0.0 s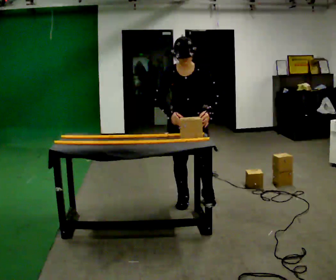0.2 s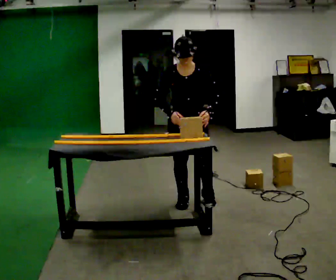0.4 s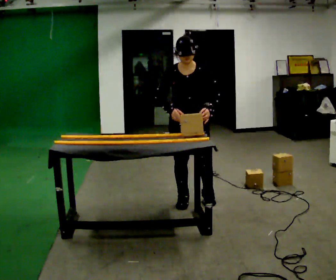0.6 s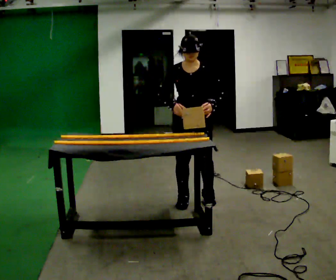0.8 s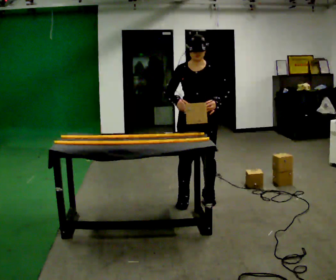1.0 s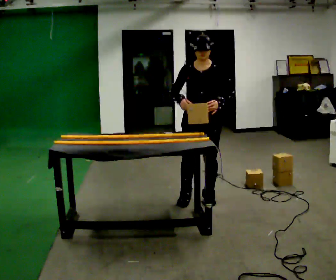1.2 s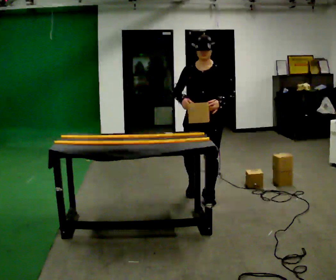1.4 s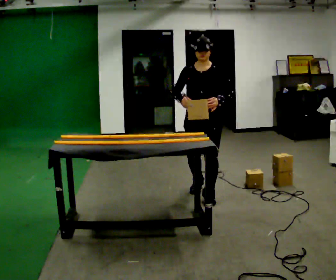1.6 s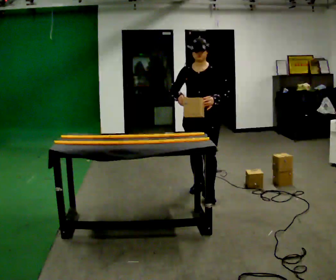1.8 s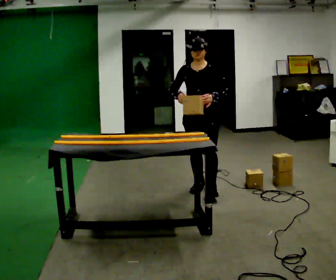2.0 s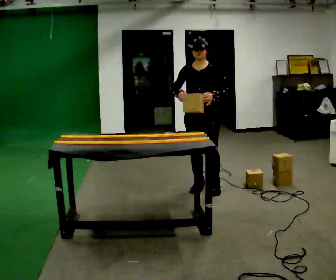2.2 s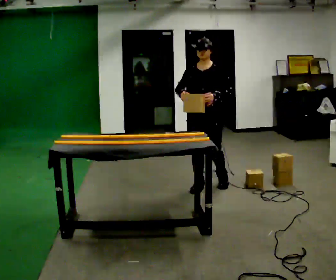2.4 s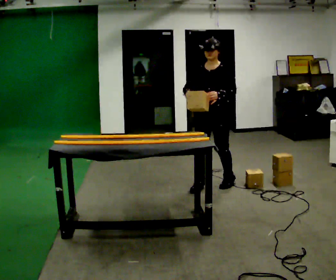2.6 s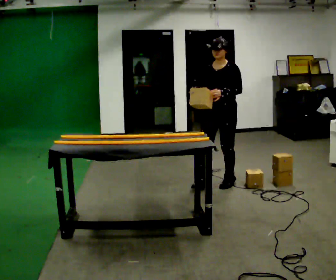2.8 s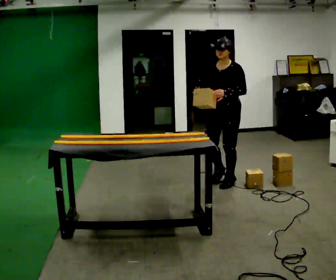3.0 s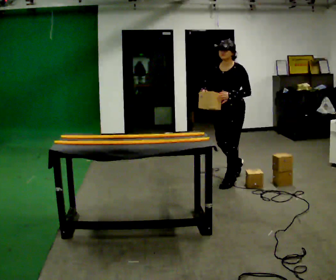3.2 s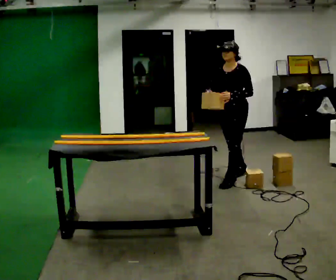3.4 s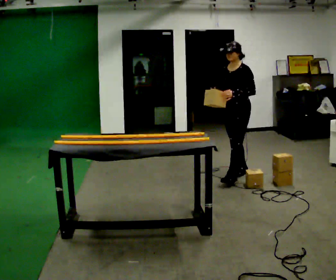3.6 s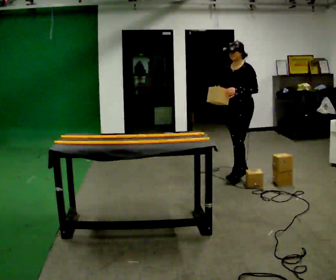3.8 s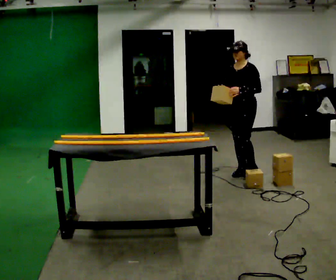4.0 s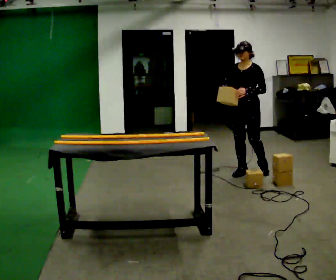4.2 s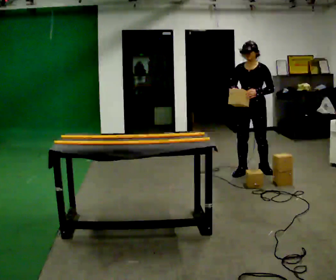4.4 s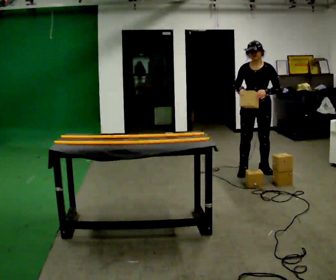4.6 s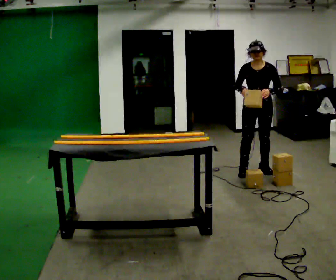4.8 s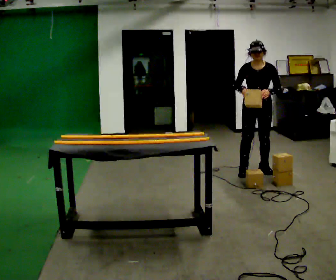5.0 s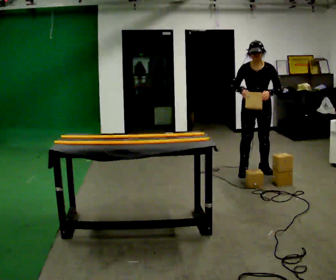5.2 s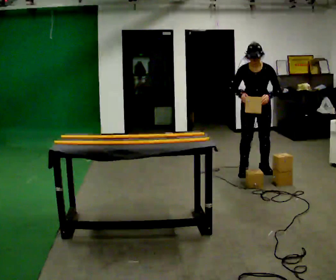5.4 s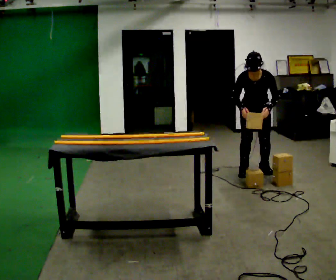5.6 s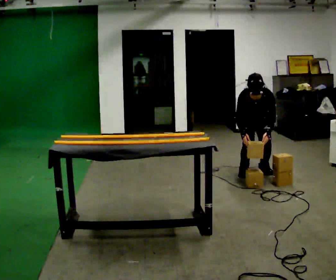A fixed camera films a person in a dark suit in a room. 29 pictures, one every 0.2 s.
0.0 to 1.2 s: In the picture they go to the right, about 0.25 m in 1 step, which for them is to their left.
1.2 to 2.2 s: In the picture they go away from the camera, about 0.25 m in 1 step, which for them is backward.
2.2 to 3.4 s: The person turns about 30 degrees to their right, clockwise seen from above, so the part of the body nearest the lens slides to the left. In the picture they go away from the camera and to the right, about 0.5 m in 1 step, which for them is backward.
3.4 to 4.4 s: The person turns about 30 degrees to their left, counterclockwise seen from above, so the part of the body nearest the lens slides to the right. In the picture they go to the right and away from the camera, about 0.25 m in 1 step, which for them is backward.
4.4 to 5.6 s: The shoulders move downward. The upper body tips toward the camera, its near side rolling downward, as they bend forward. In the picture their right hand goes downward.
The film runs backward here.
